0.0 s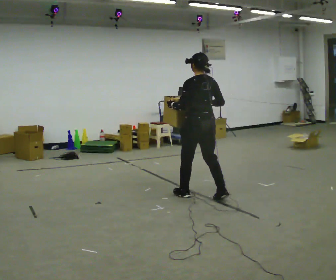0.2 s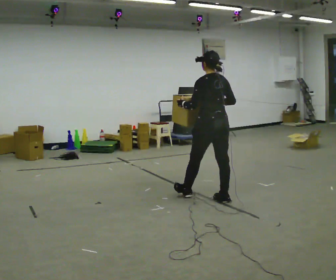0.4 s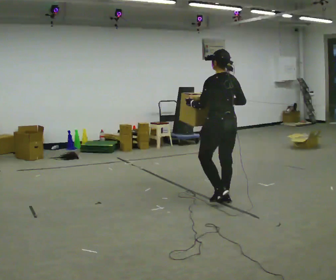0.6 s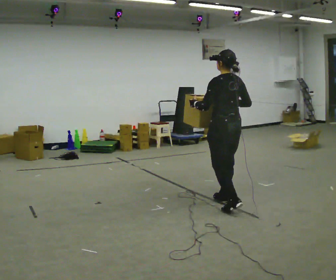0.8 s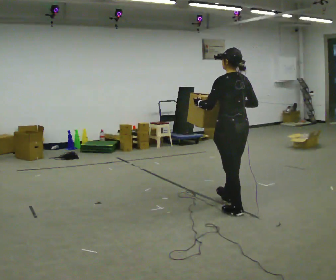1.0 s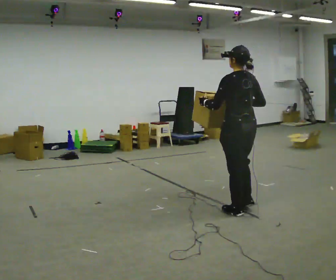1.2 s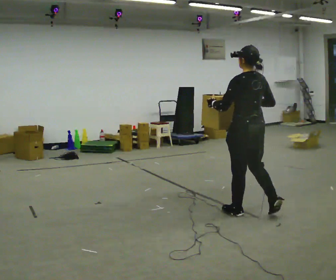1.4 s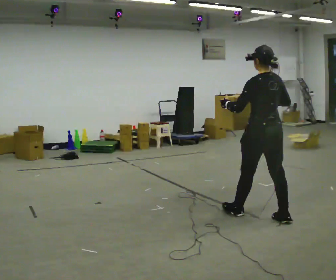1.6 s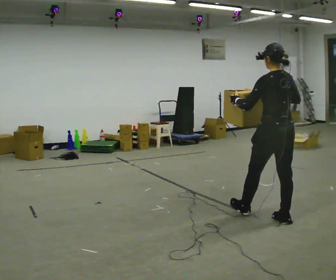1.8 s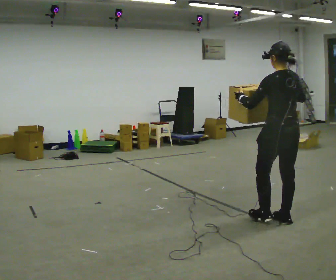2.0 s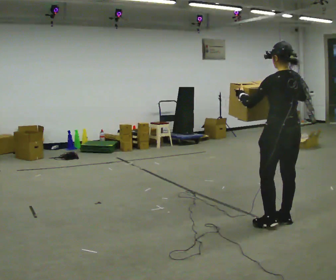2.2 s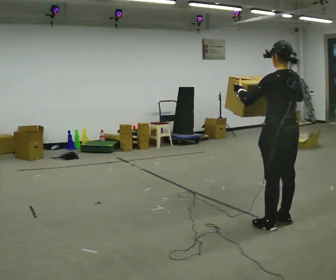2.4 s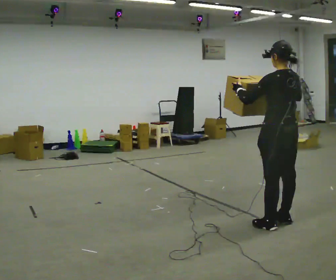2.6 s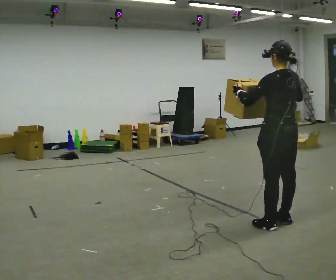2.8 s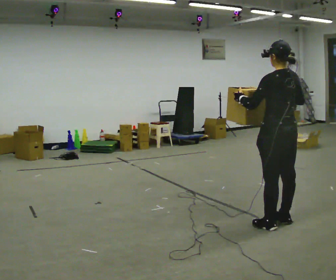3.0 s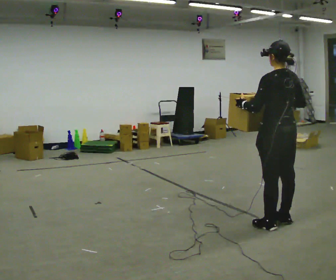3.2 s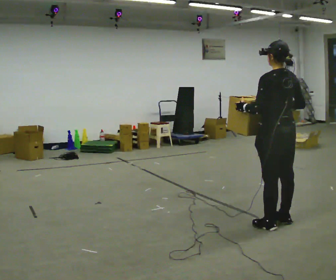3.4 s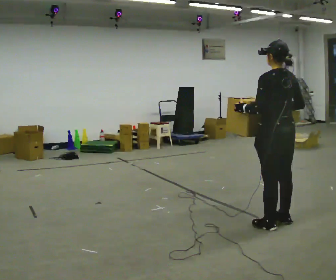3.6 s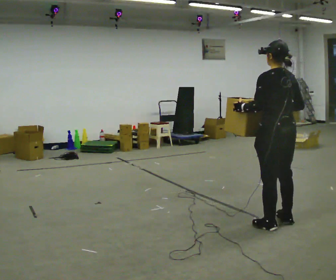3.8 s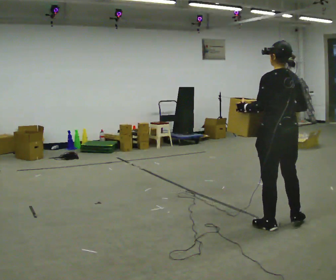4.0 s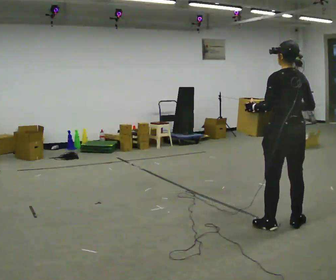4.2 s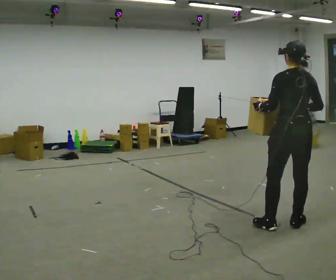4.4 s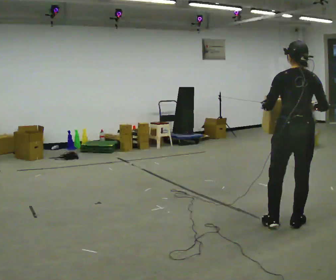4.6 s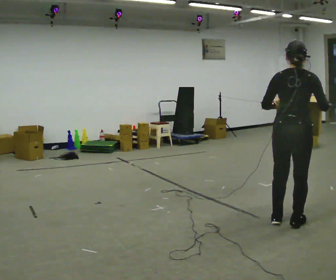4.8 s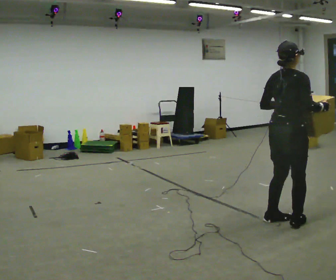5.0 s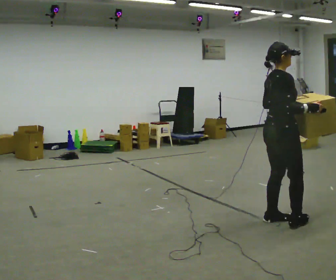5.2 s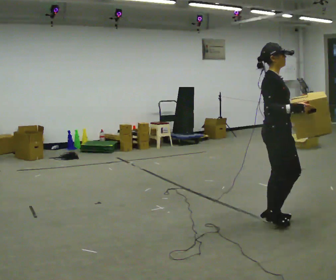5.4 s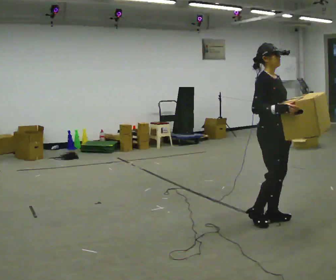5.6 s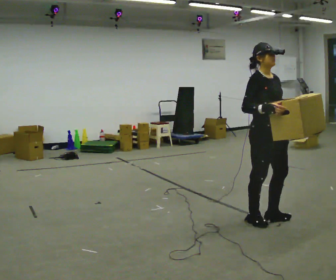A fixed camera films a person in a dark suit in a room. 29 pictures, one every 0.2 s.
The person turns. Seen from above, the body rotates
clockwise.
The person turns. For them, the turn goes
to their right.
0.0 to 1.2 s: In the picture they go to the right and toward the camera, about 1 m in 2 steps, which for them is backward.
1.2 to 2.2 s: In the picture they go to the right and toward the camera, about 0.5 m in 1 step, which for them is backward.
2.2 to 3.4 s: The person moves a little, or ends about where they began.
3.4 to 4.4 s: The part of the body nearest the lens slides to the left as the person turns to their right by about 30 degrees.
4.4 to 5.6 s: The person turns about 135 degrees to their right, clockwise seen from above, so the part of the body nearest the lens slides to the left. In the picture they go to the left, about 0.25 m in 1 step.
The film runs backward here.
